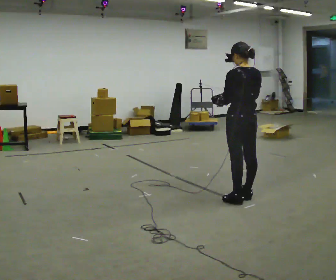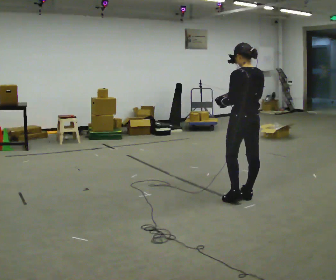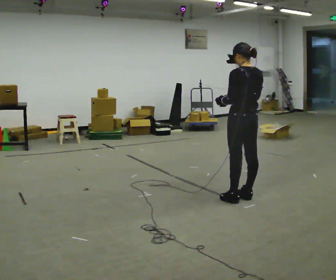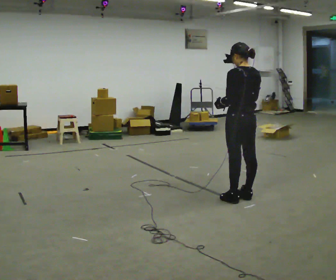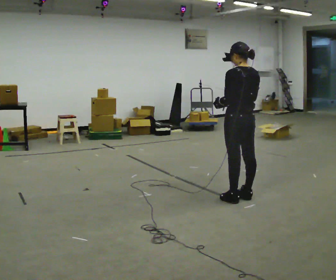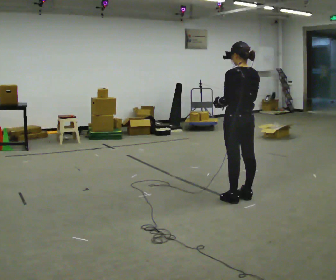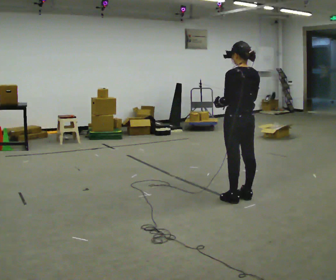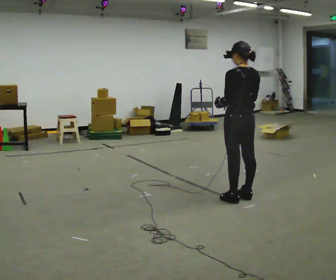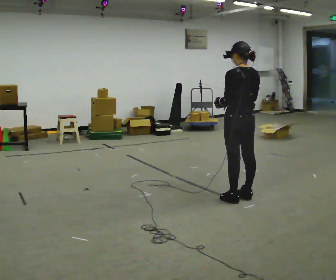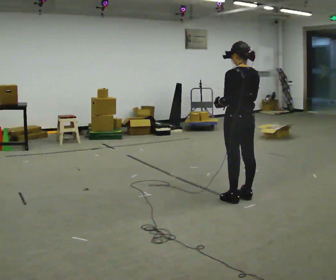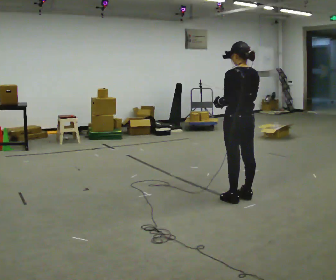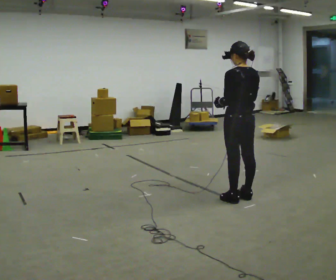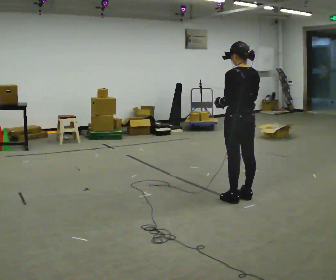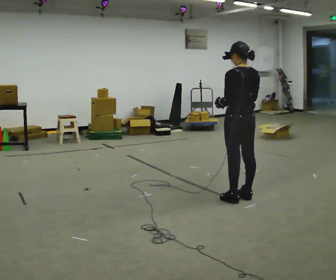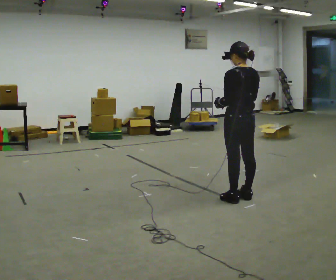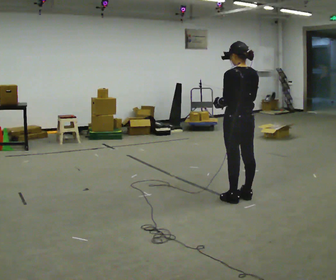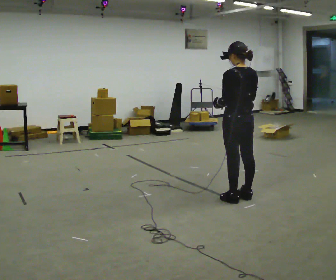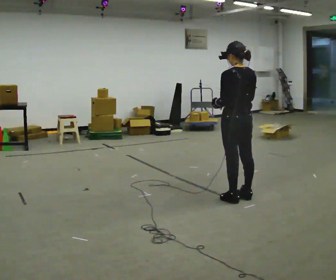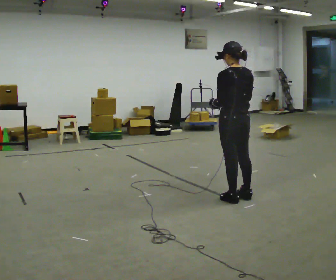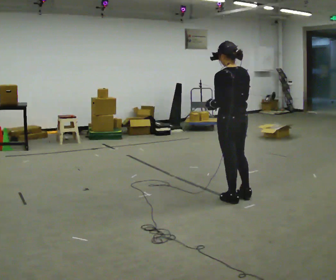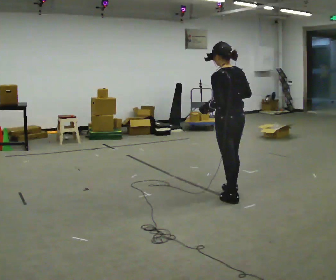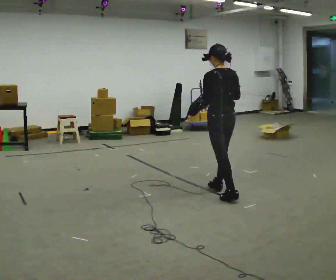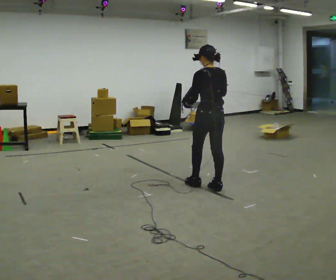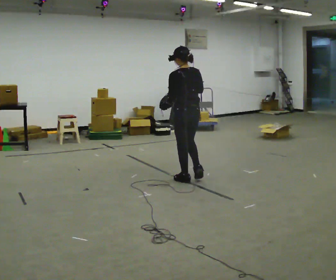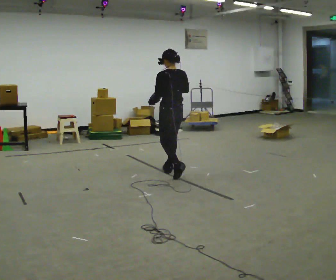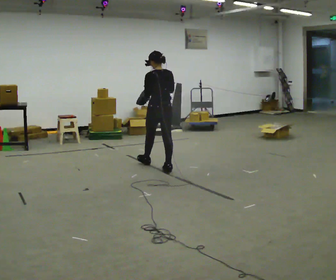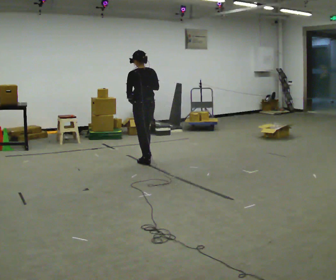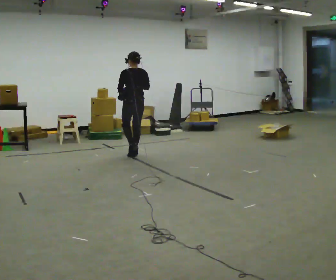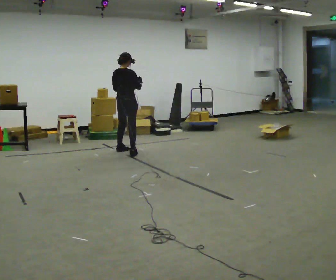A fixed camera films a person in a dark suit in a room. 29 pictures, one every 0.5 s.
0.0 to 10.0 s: The person moves a little, or ends about where they began.
10.0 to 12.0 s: In the picture they go away from the camera and to the left, about 1 m in 3 steps, which for them is forward.
12.0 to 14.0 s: Seen from above the body turns clockwise, about 75 degrees: to their right, with its near side sliding to the left. In the picture they go to the left and away from the camera, about 1.5 m in 3 steps.
The film runs forward here.
